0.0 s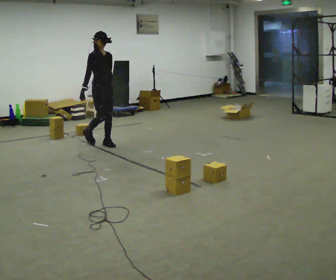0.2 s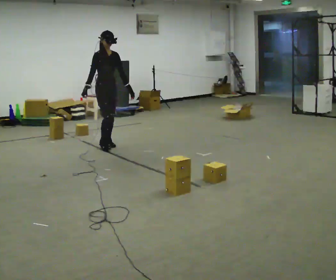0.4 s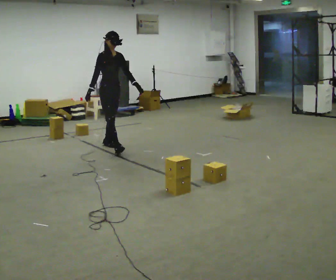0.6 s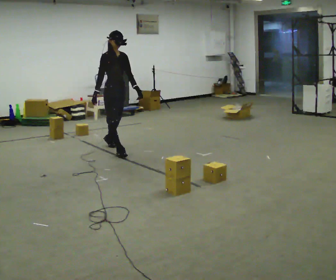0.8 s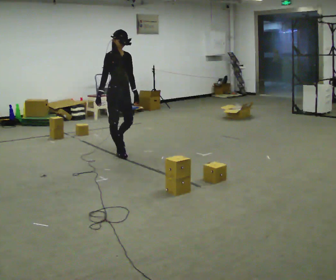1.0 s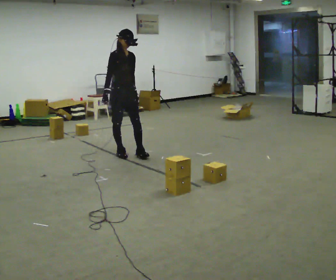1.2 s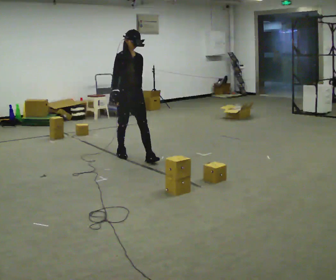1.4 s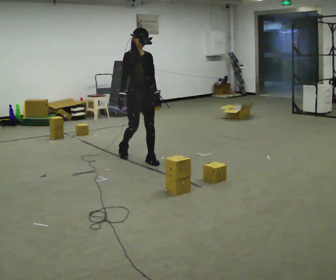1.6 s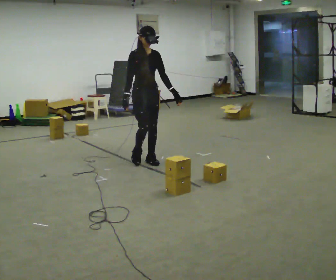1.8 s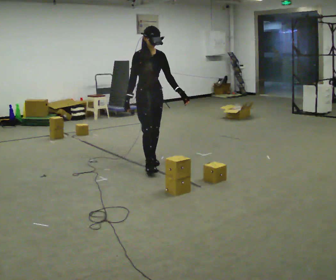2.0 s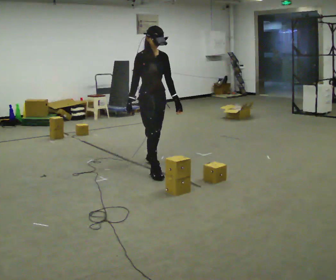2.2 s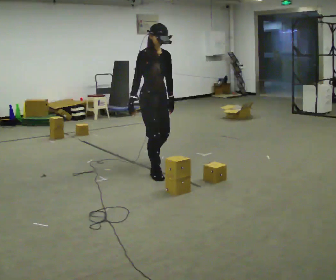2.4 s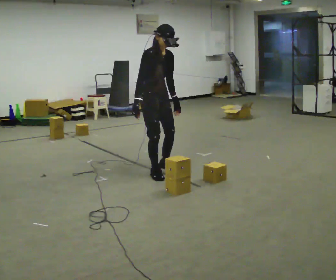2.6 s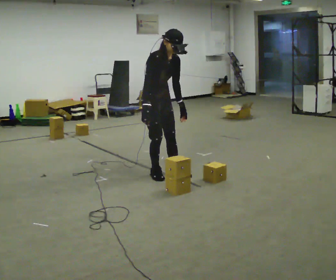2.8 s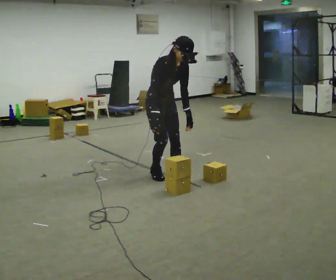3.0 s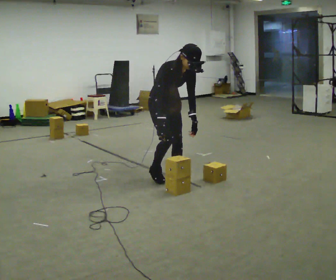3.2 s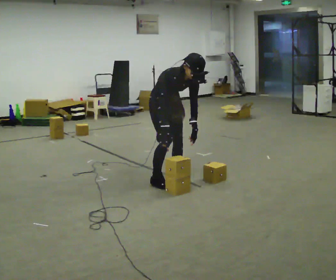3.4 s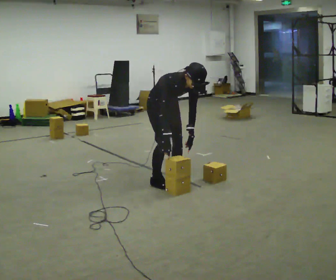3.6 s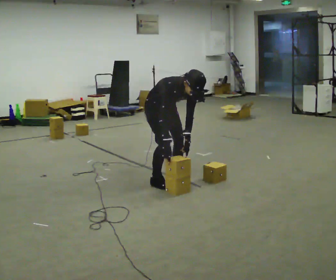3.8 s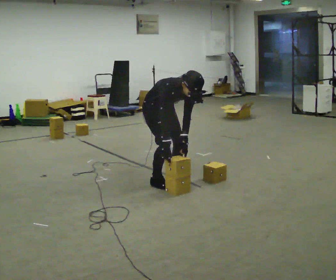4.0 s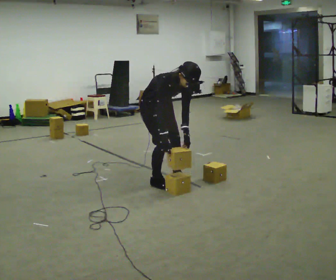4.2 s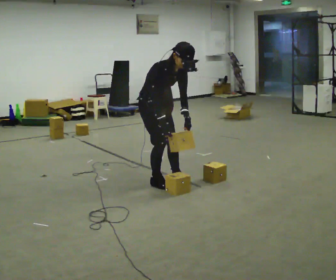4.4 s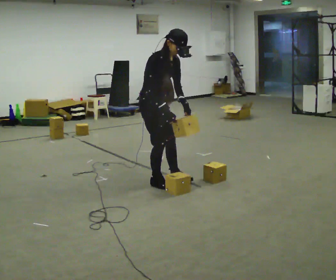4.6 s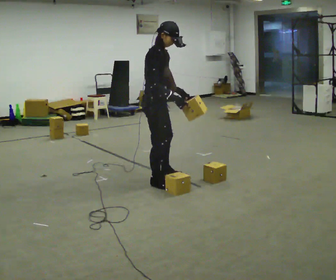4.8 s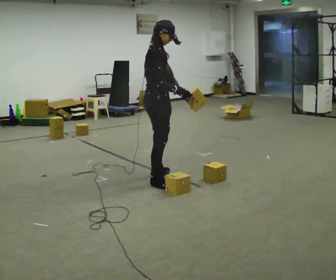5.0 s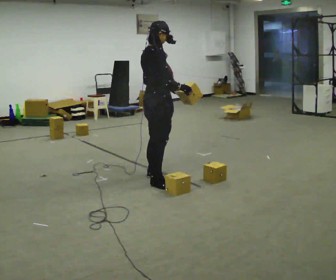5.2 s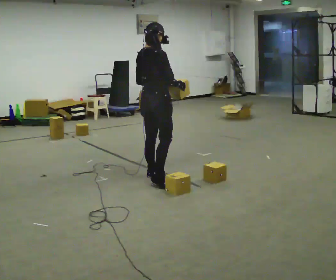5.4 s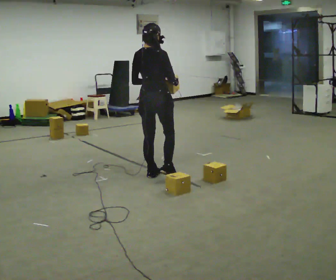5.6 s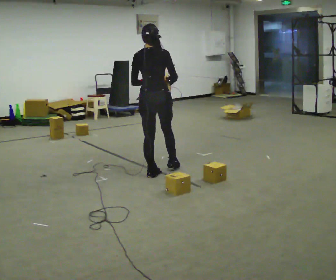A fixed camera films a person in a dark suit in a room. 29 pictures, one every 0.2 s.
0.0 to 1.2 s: In the picture they go to the right and toward the camera, about 1 m in 2 steps, which for them is forward.
1.2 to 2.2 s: In the picture they go toward the camera and to the right, about 0.75 m in 1 step, which for them is forward.
2.2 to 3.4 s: In the picture they go toward the camera, about 0.25 m in 2 steps, which for them is forward. The shoulders move downward. In the picture the upper body tilts clockwise, shoulders to the right, as they bend forward. In the picture their left hand goes to the right.
3.4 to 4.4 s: The person turns about 30 degrees to their left, counterclockwise seen from above, so the part of the body nearest the lens slides to the right. In the picture they go toward the camera, about 0.25 m, which for them is to their right. The shoulders move upward. The upper body tips away from the camera, its near side rolling upward, as they lean back or straighten.
4.4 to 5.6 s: The person turns about 120 degrees to their left, counterclockwise seen from above, so the part of the body nearest the lens slides to the right. In the picture they go away from the camera, about 0.25 m in 1 step. In the picture the upper body tilts counterclockwise, shoulders to the left, as they lean back or straighten.
The film runs forward here.
